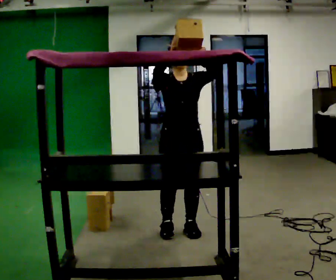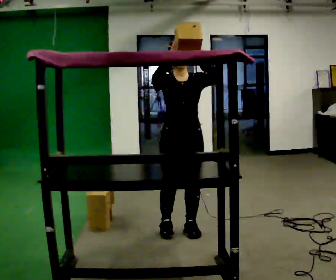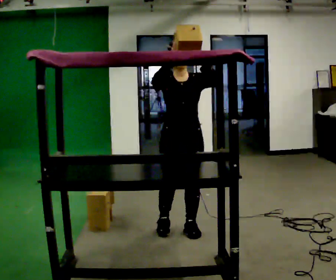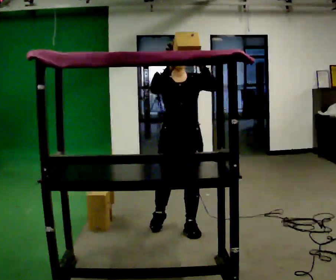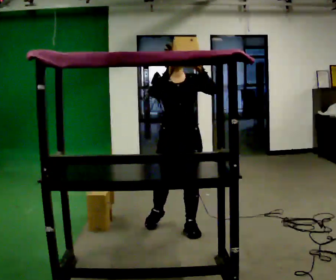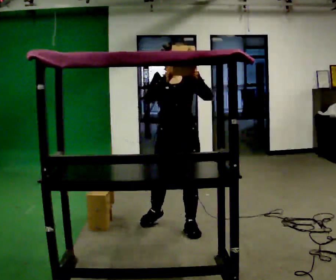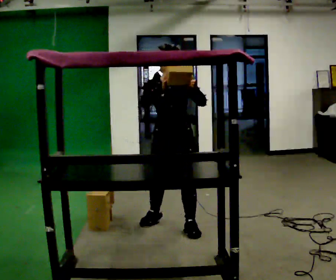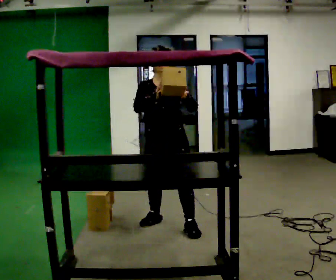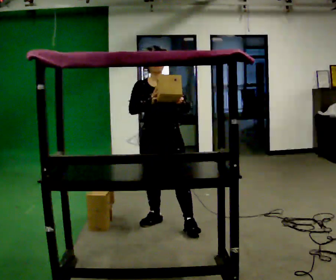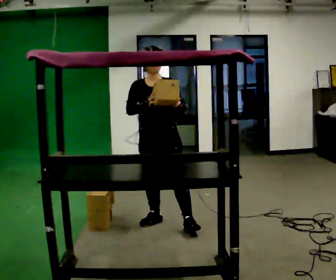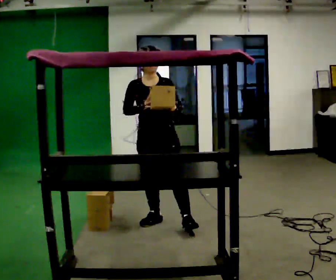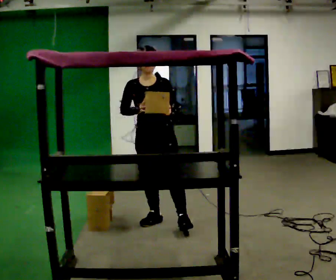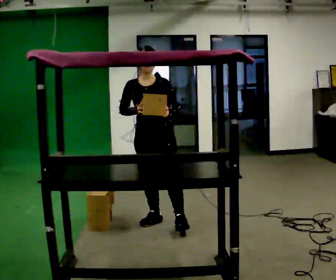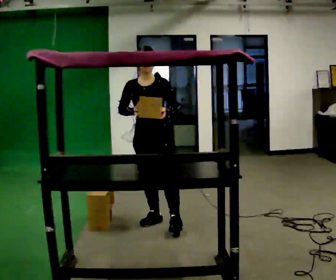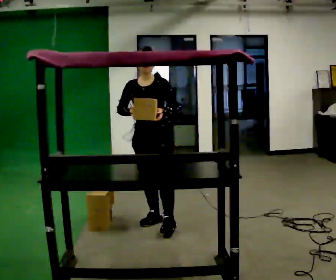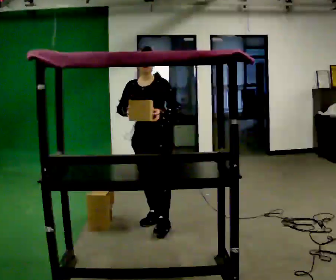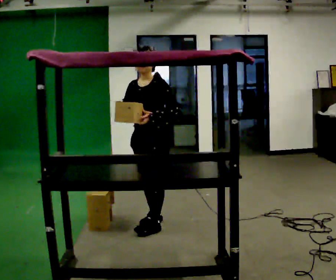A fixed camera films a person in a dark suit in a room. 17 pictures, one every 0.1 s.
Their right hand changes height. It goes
downward.
Their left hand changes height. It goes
downward.
0.0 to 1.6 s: The person turns about 30 degrees to their right, clockwise seen from above, so the part of the body nearest the lens slides to the left. In the picture they go away from the camera and to the left, about 0.5 m in 2 steps, which for them is backward and to their right. In the picture their right hand goes downward.
The film runs backward here.
